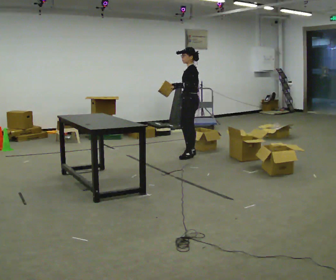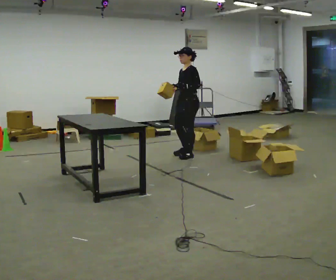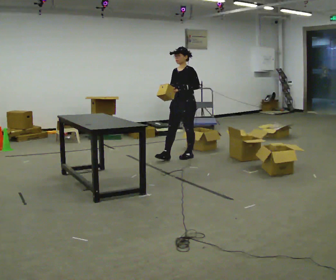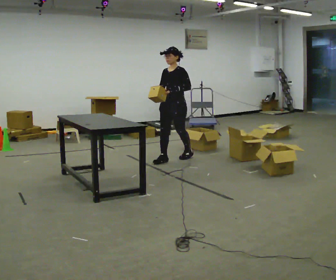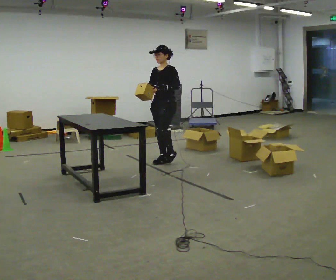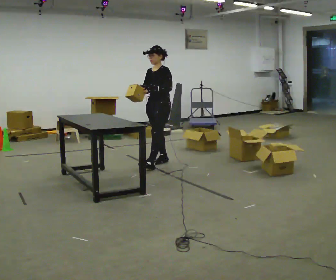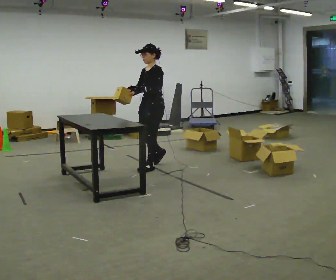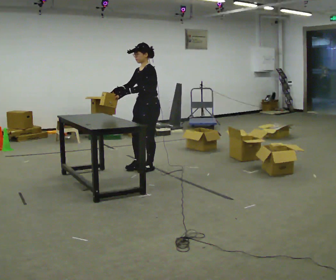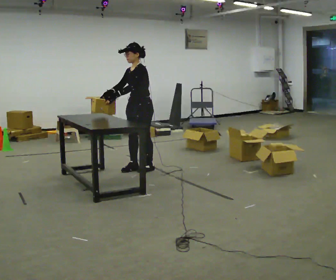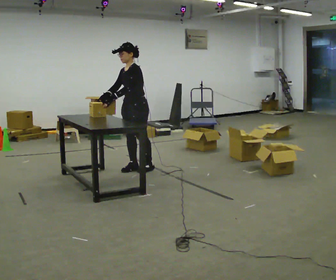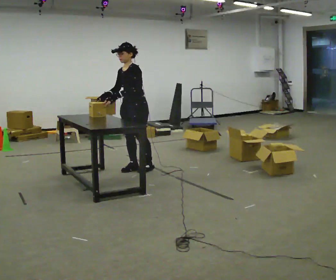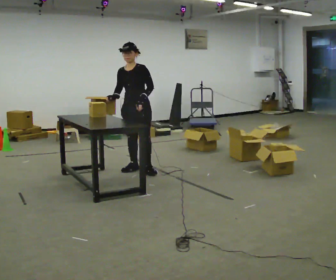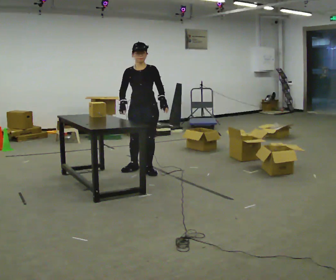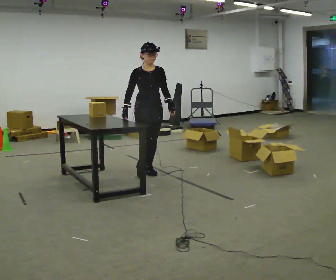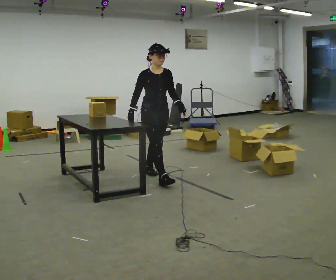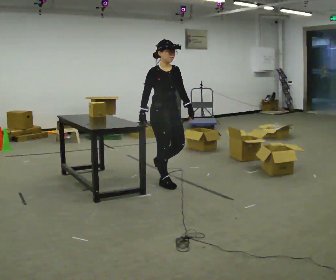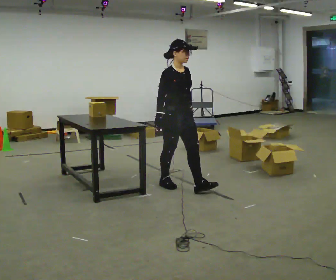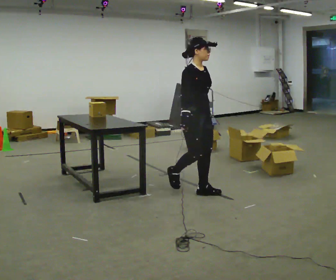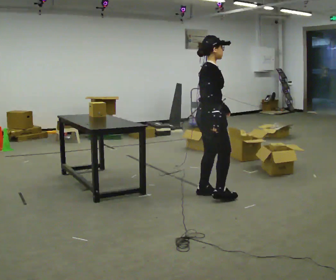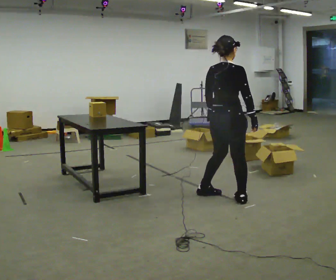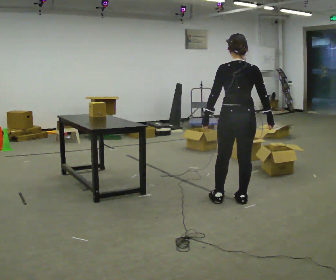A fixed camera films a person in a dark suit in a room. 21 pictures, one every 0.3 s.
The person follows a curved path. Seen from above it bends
counterclockwise.
The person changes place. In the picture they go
toward the camera.
0.0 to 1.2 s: Seen from above the body turns counterclockwise, about 45 degrees: to their left, with its near side sliding to the right. In the picture they go to the left and toward the camera, about 0.5 m in 1 step, which for them is forward.
1.2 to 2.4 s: In the picture they go toward the camera and to the left, about 0.5 m in 2 steps, which for them is forward.
2.4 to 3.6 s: Seen from above the body turns counterclockwise, about 60 degrees: to their left, with its near side sliding to the right. In the picture their left hand goes to the right.
3.6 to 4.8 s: Seen from above the body turns counterclockwise, about 30 degrees: to their left, with its near side sliding to the right. In the picture they go toward the camera and to the right, about 0.5 m in 1 step, which for them is forward.
4.8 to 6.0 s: The person turns about 135 degrees to their left, counterclockwise seen from above, so the part of the body nearest the lens slides to the right. In the picture they go toward the camera and to the right, about 0.5 m in 2 steps.
The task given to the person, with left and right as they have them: 1. Read the parts list. 2. Collect each part from the bins around the room. 3. Lay them out on the table in the order on the list. 4. Put them all in the carry case. 5. Tell the operator when you are finished.
The film runs forward here.
